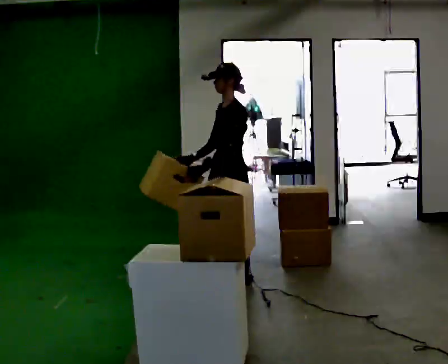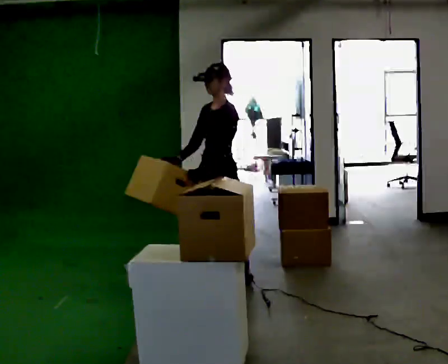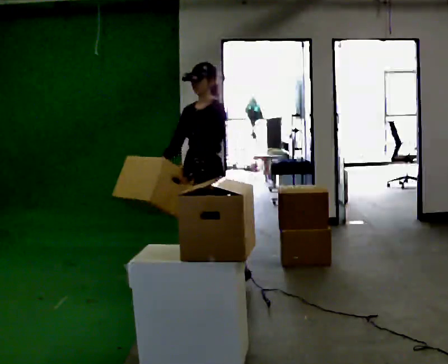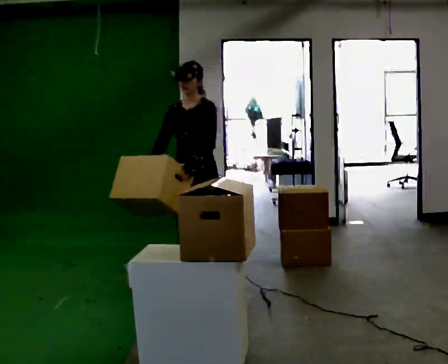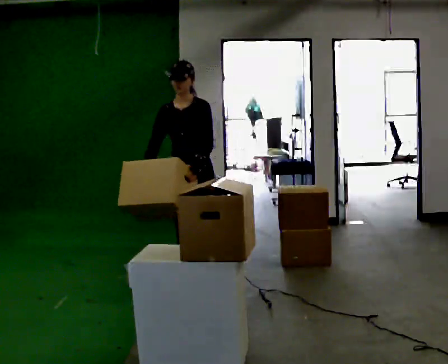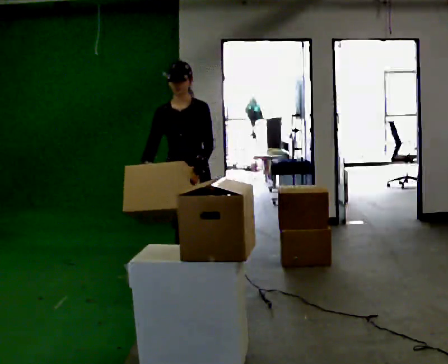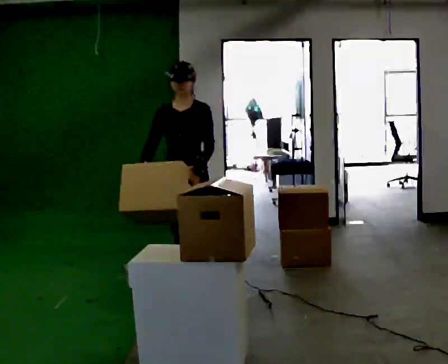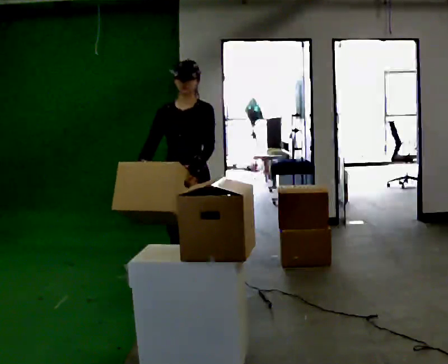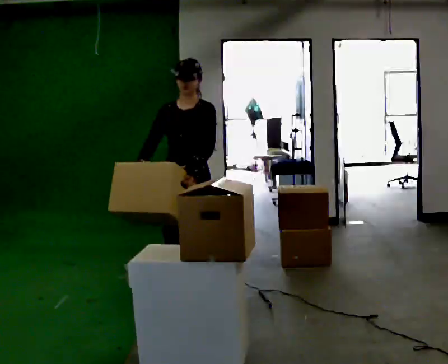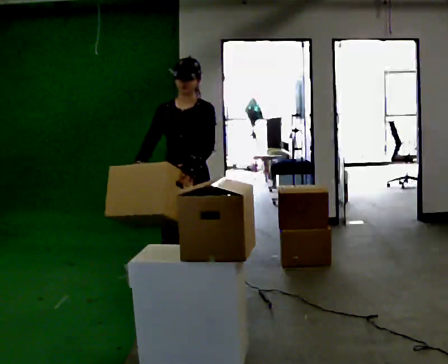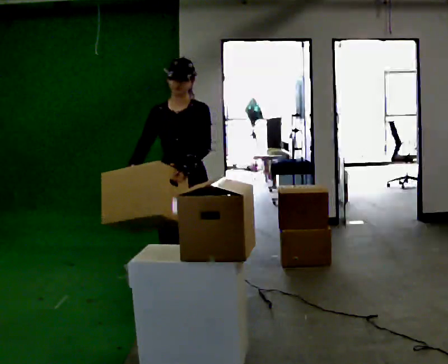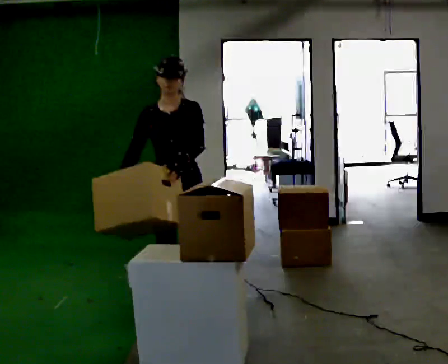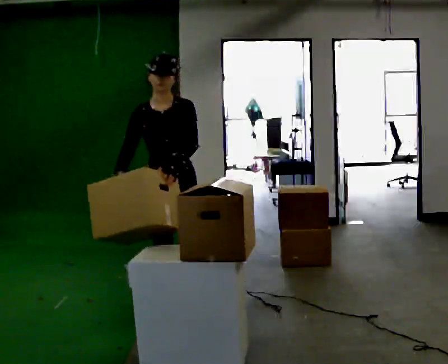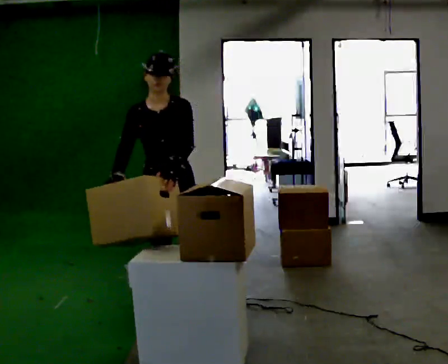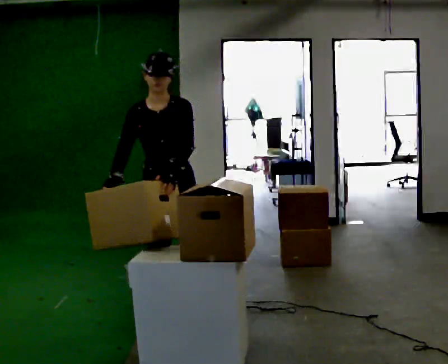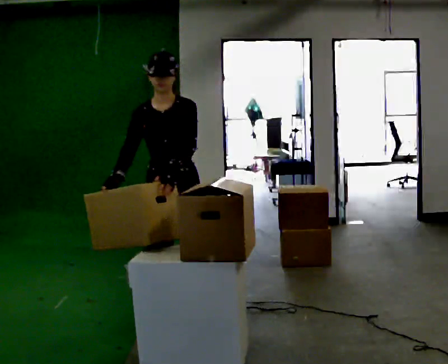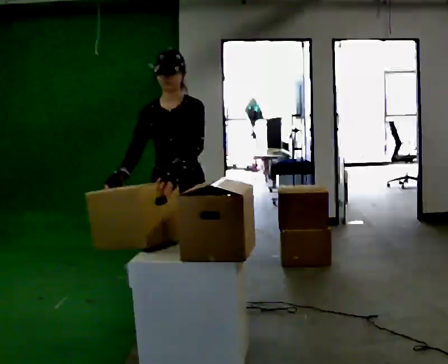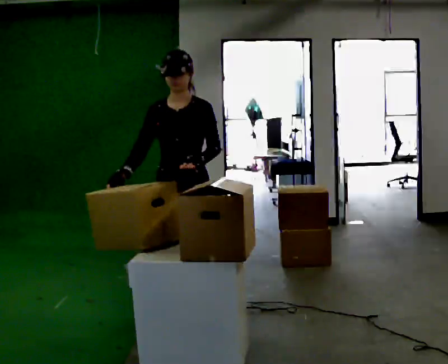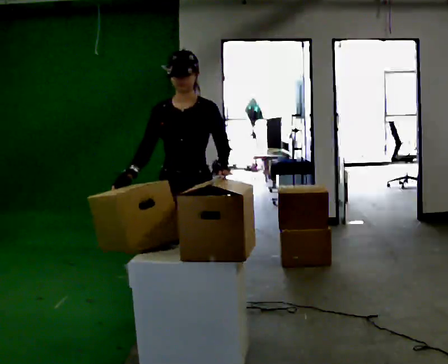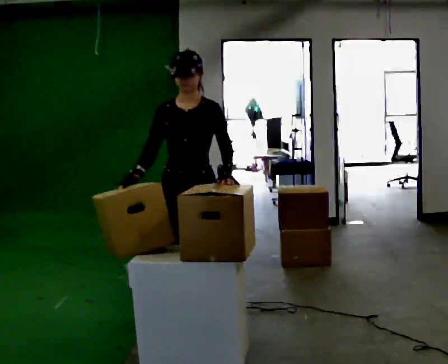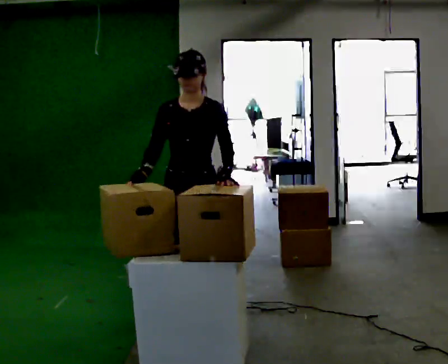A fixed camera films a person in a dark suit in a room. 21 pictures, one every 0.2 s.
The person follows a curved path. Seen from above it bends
counterclockwise.
The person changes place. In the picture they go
toward the camera.
0.0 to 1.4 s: The person turns about 45 degrees to their left, counterclockwise seen from above, so the part of the body nearest the lens slides to the right. In the picture they go toward the camera and to the left, about 0.5 m in 2 steps, which for them is forward.
1.4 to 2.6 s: The part of the body nearest the lens slides to the right as the person turns to their left by about 30 degrees. In the picture they go toward the camera, about 0.5 m in 1 step, which for them is forward.
2.6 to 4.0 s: In the picture they go toward the camera, about 0.25 m in 1 step, which for them is to their left.
The film runs forward here.
